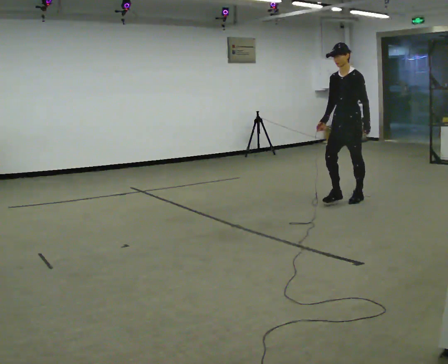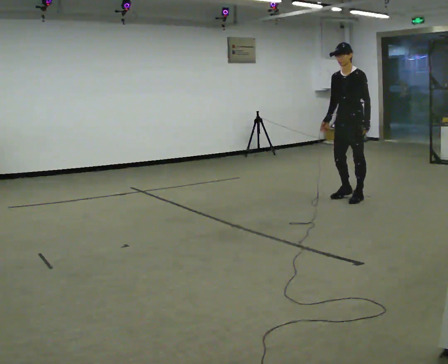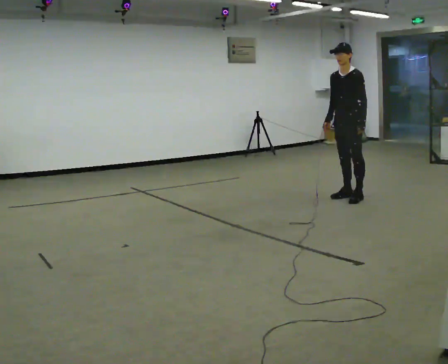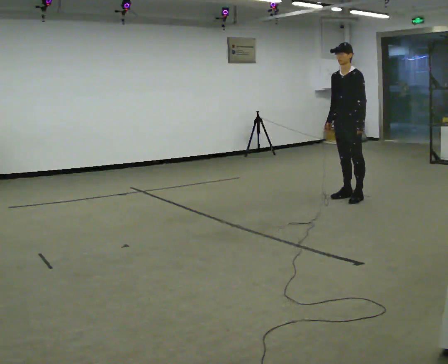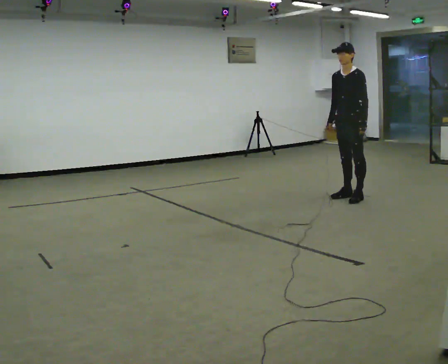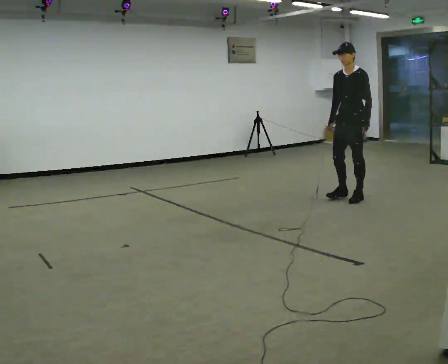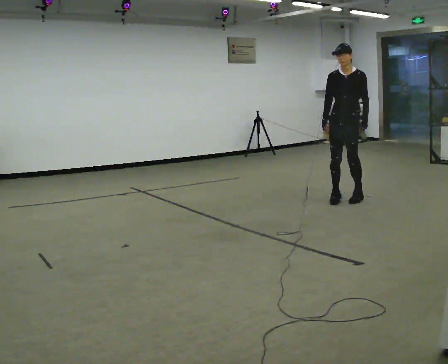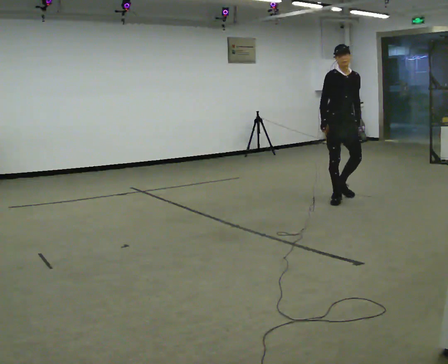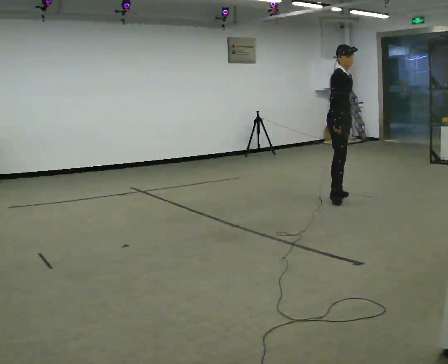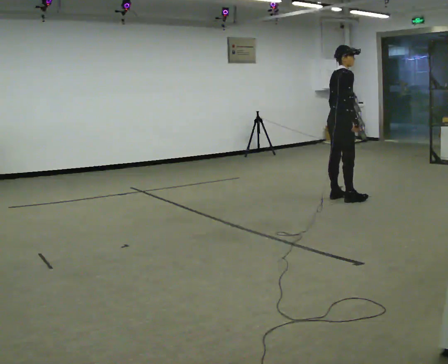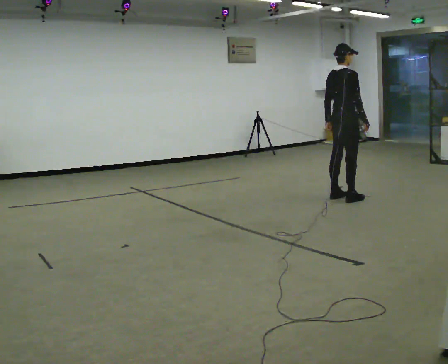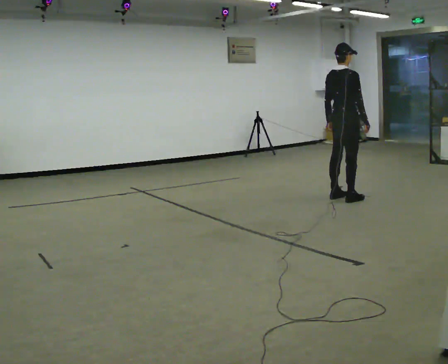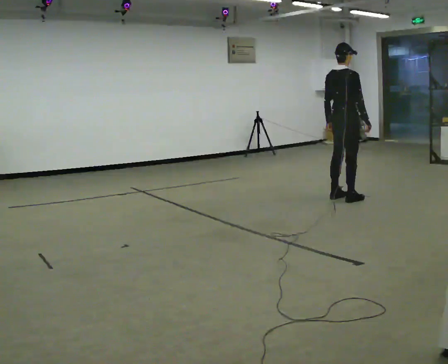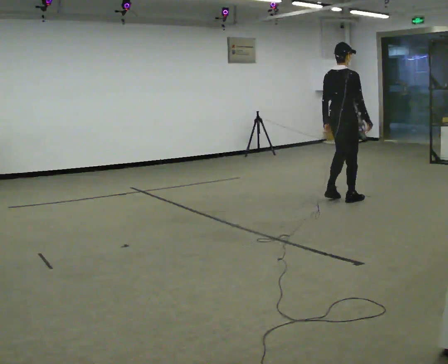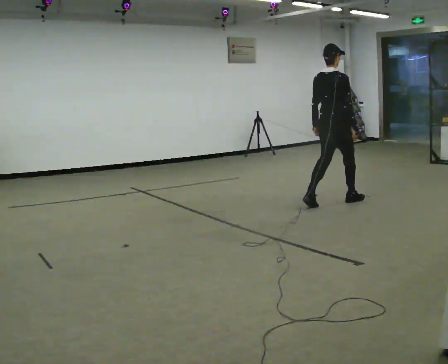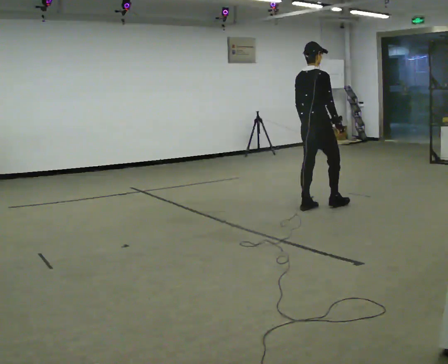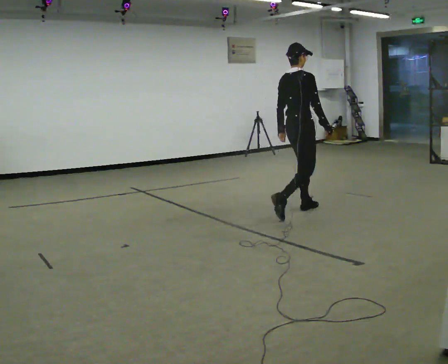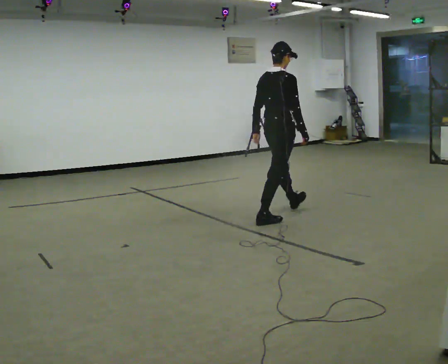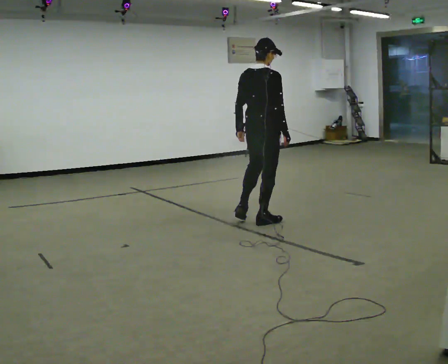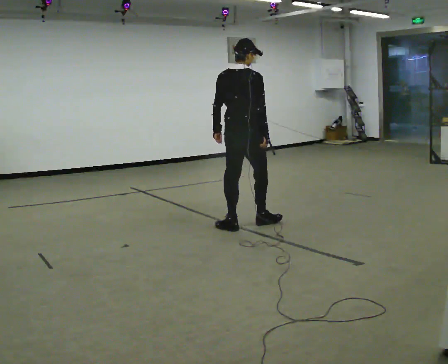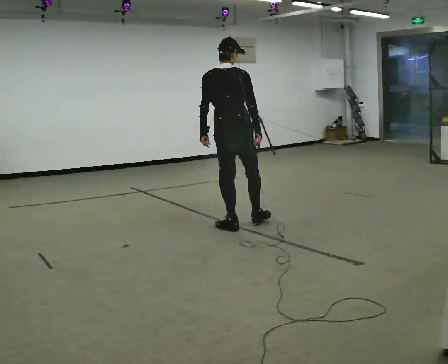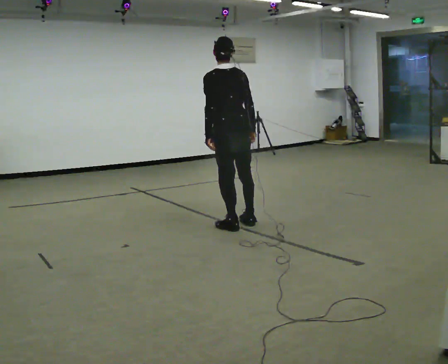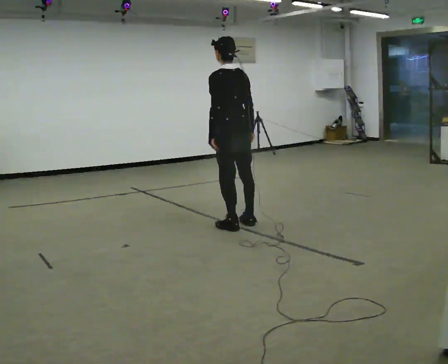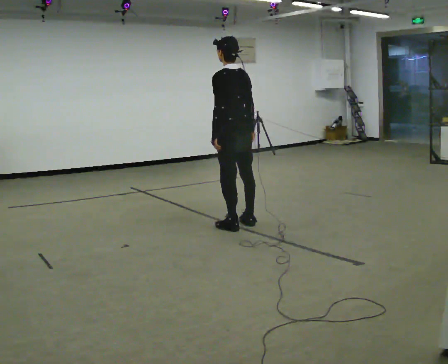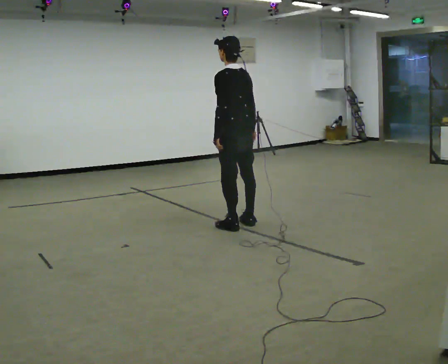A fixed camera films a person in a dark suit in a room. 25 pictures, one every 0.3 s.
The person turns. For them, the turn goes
to their left.
The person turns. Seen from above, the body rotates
counterclockwise.
0.0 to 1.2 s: The person moves a little, or ends about where they began.
1.2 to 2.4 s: The person turns about 105 degrees to their left, counterclockwise seen from above, so the part of the body nearest the lens slides to the right.
2.4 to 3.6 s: The person turns about 75 degrees to their left, counterclockwise seen from above, so the part of the body nearest the lens slides to the right. In the picture their right hand goes to the right.
3.6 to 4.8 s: In the picture they go toward the camera and to the left, about 0.5 m in 2 steps, which for them is backward.
4.8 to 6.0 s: The part of the body nearest the lens slides to the right as the person turns to their left by about 60 degrees. In the picture they go toward the camera and to the left, about 1 m in 1 step, which for them is backward and to their left.
6.0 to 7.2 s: Seen from above the body turns counterclockwise, about 45 degrees: to their left, with its near side sliding to the right.
The film runs backward here.
